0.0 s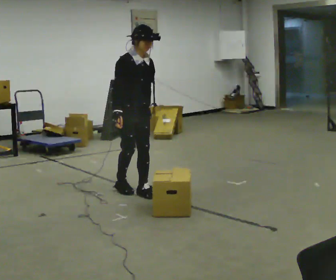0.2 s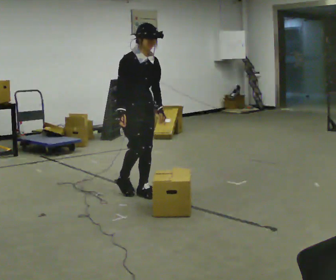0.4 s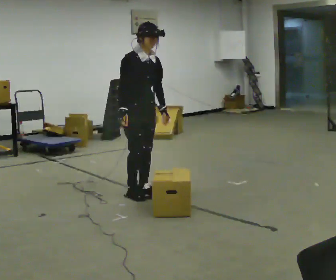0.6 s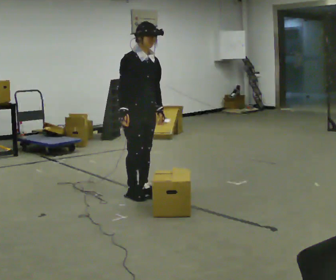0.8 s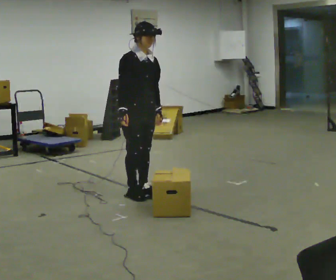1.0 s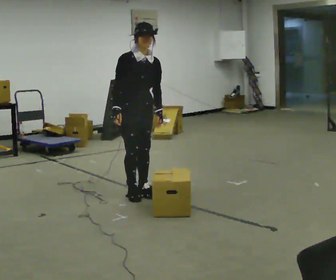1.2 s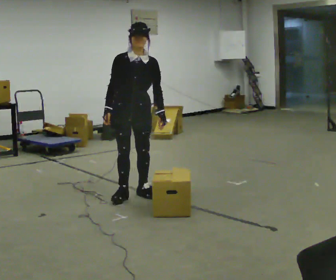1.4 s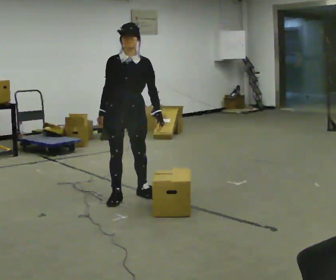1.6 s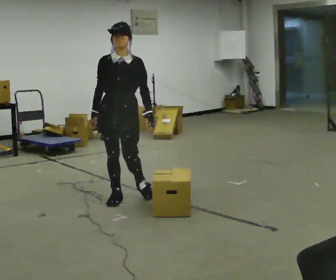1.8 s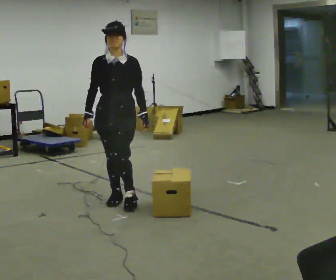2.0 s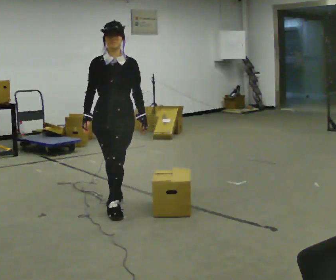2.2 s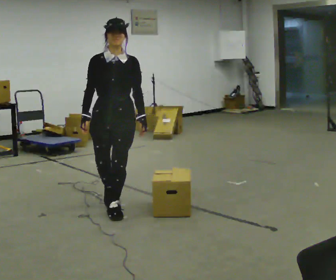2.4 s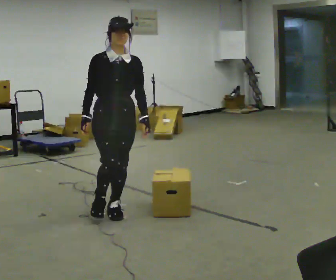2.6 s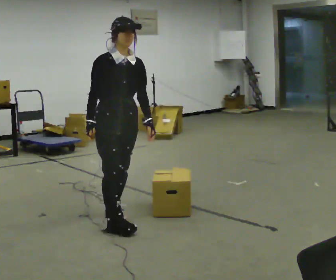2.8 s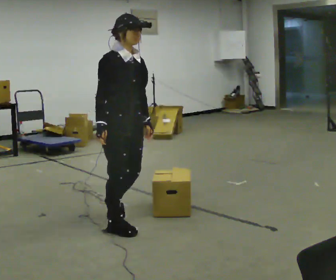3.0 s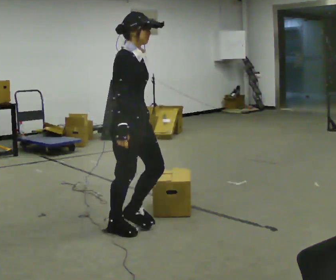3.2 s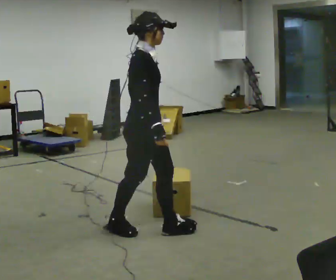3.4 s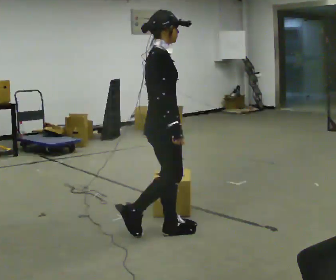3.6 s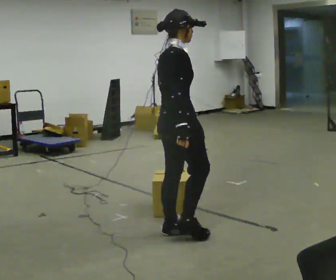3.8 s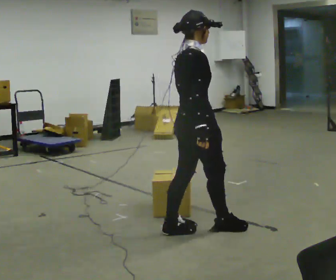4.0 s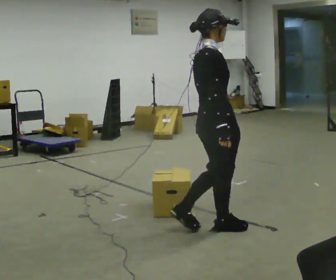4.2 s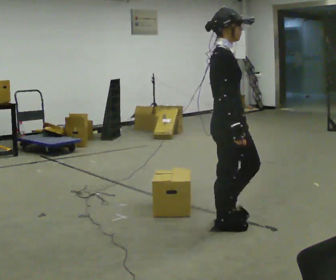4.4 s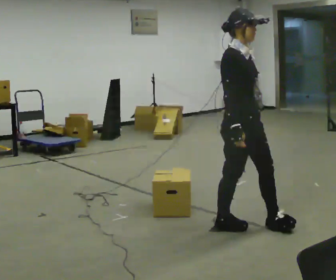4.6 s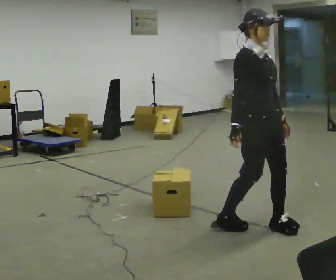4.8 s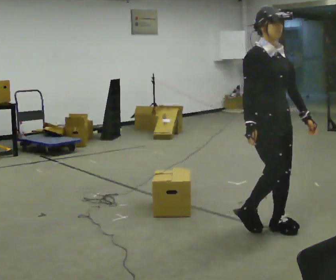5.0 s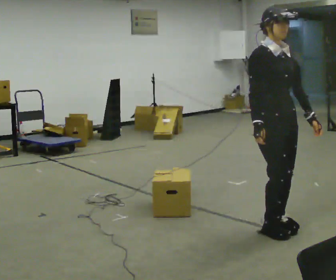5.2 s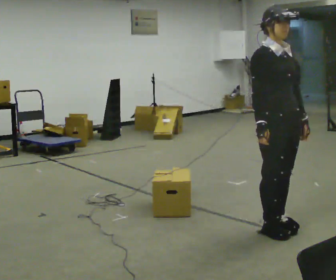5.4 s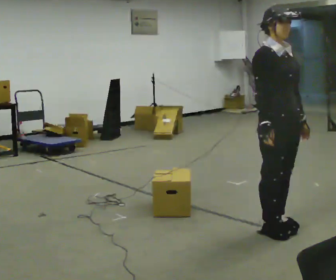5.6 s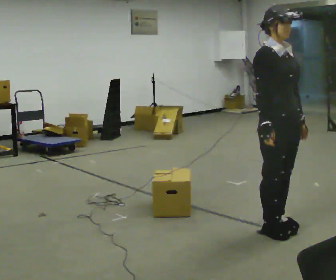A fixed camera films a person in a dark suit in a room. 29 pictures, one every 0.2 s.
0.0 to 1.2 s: The person turns about 30 degrees to their right, clockwise seen from above, so the part of the body nearest the lens slides to the left.
1.2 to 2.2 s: In the picture they go toward the camera, about 0.5 m in 2 steps, which for them is forward.
2.2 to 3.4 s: The person turns about 90 degrees to their left, counterclockwise seen from above, so the part of the body nearest the lens slides to the right. In the picture they go toward the camera and to the right, about 0.75 m in 2 steps.
3.4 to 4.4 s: Seen from above the body turns clockwise, about 30 degrees: to their right, with its near side sliding to the left. In the picture they go to the right, about 0.5 m in 1 step, which for them is forward.
4.4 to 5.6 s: In the picture they go to the right, about 0.25 m in 2 steps, which for them is forward and to their left. In the picture their left hand goes to the right.
The film runs forward here.
